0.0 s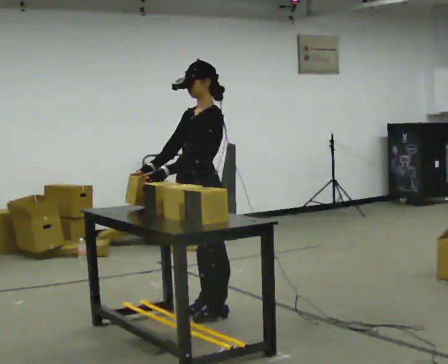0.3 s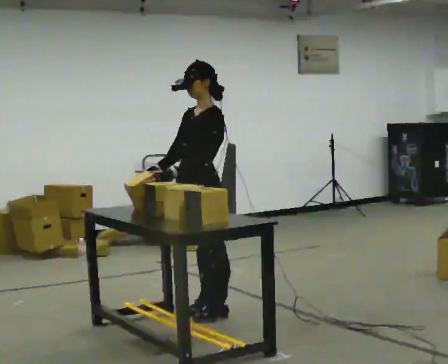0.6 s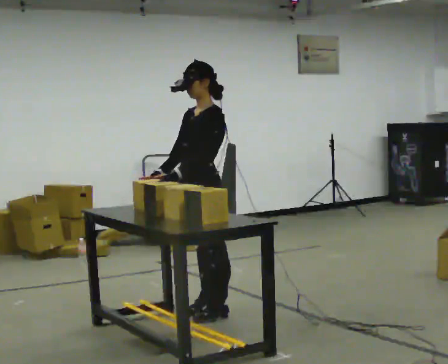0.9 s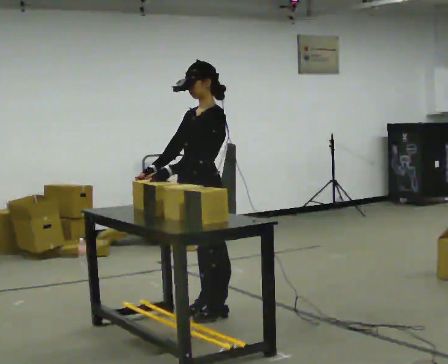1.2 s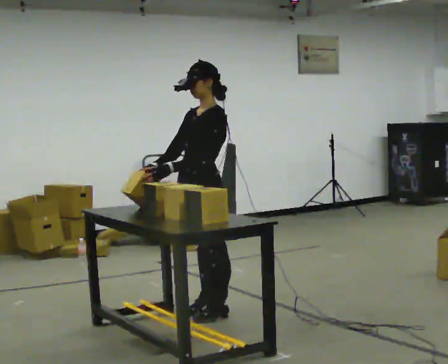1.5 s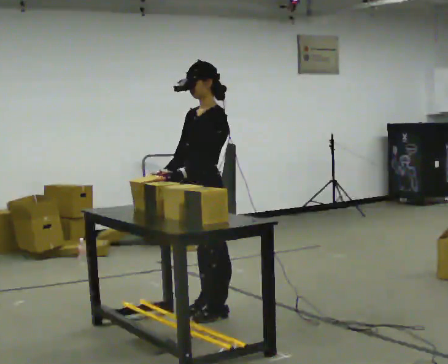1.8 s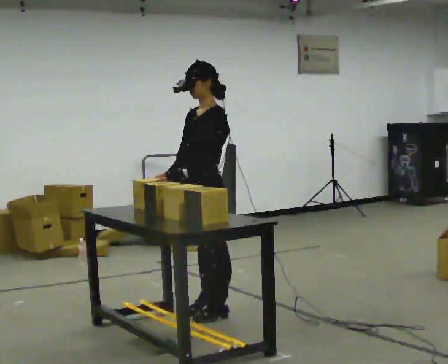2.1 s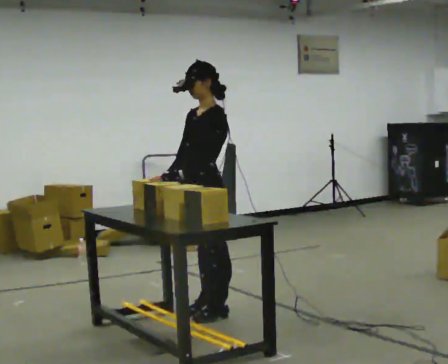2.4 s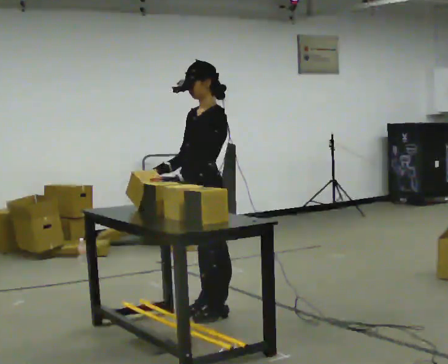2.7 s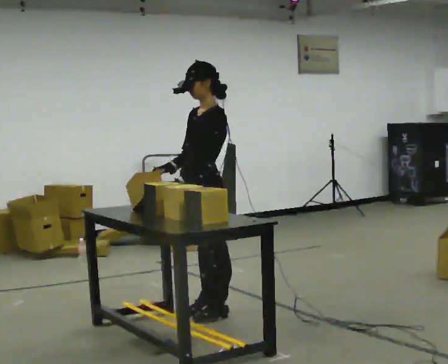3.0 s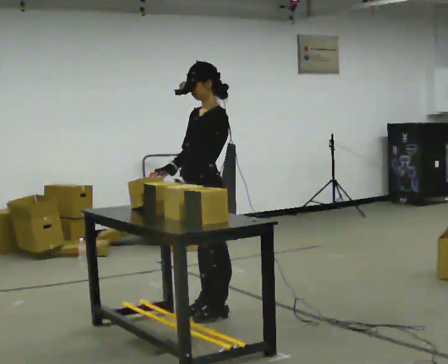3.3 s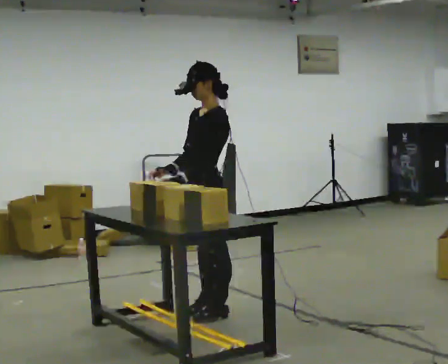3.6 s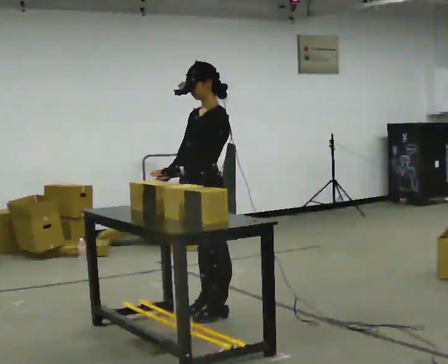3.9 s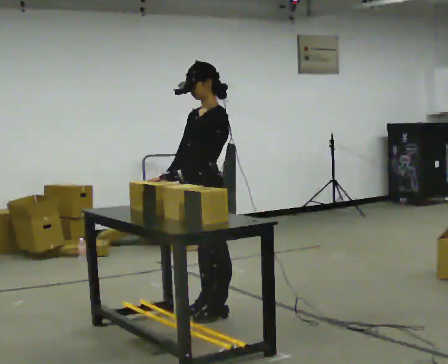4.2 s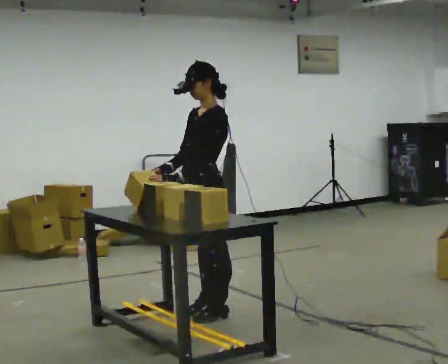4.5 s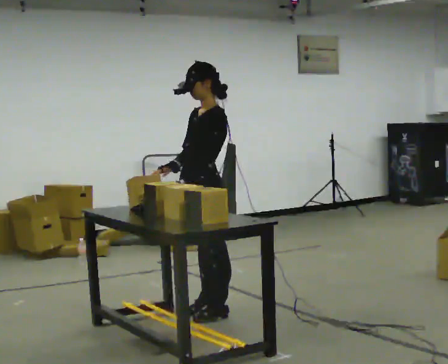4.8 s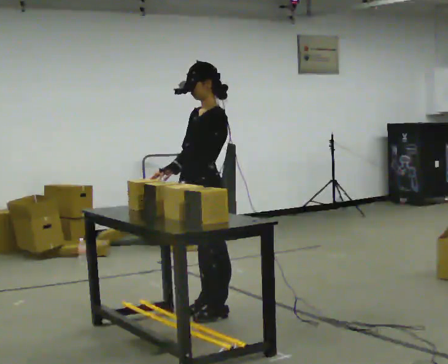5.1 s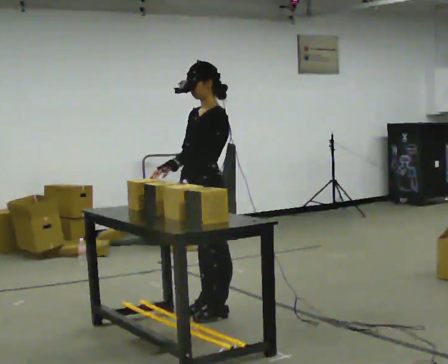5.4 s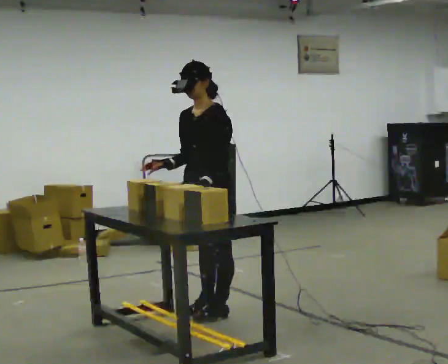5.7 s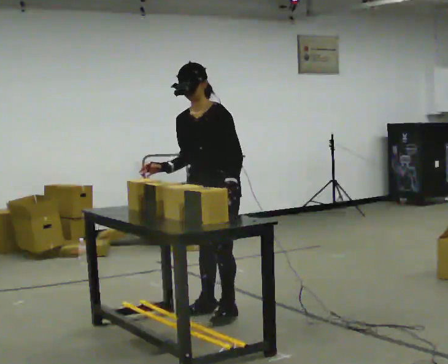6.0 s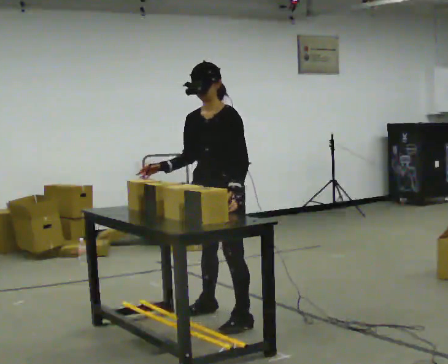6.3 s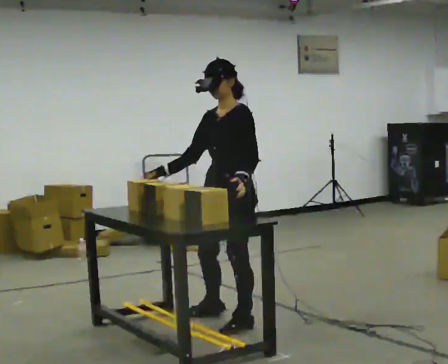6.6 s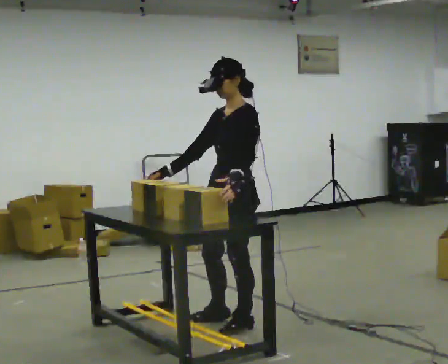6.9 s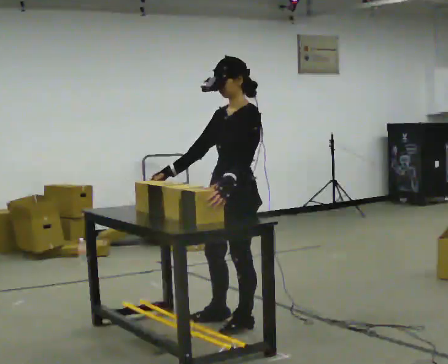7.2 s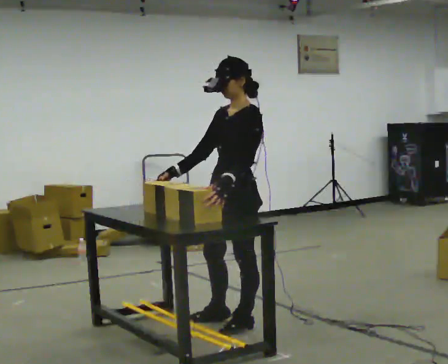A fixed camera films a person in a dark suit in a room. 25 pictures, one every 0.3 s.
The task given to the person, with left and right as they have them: Carry the box over and put it on the shelf with the label facing out towards you. Get the orientation right, not just the position. Keep going until the operator says stop; one object at a time, and do not rush between trips.
0.0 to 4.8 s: The person moves a little, or ends about where they began.
4.8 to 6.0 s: Seen from above the body turns counterclockwise, about 30 degrees: to their left, with its near side sliding to the right.
6.0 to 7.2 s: The part of the body nearest the lens slides to the left as the person turns to their right by about 30 degrees. In the picture they go toward the camera, about 0.25 m in 1 step, which for them is to their left.
The film runs forward here.
